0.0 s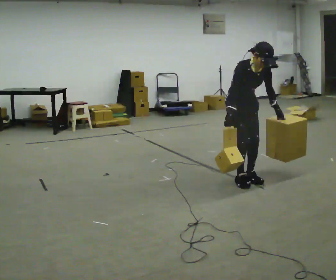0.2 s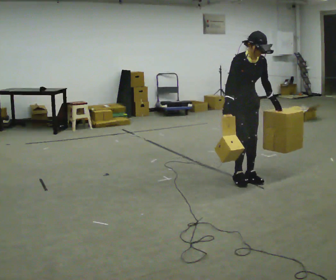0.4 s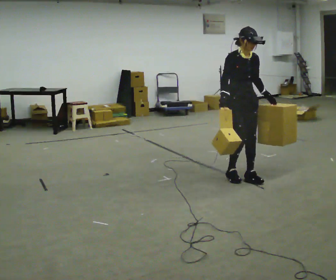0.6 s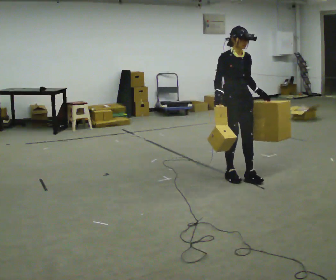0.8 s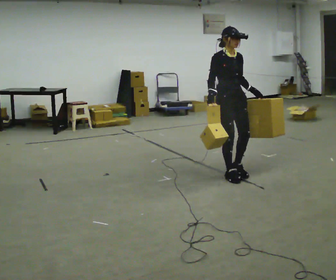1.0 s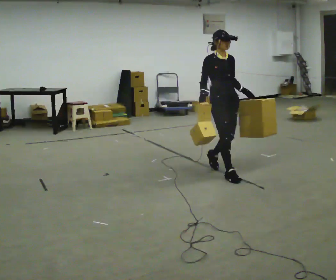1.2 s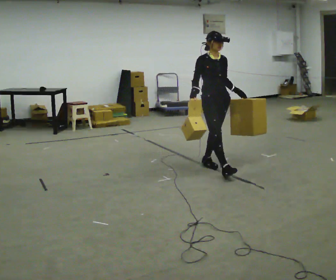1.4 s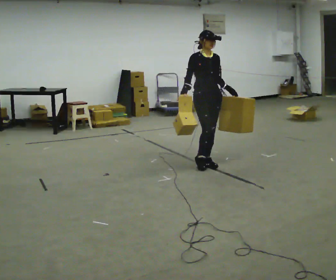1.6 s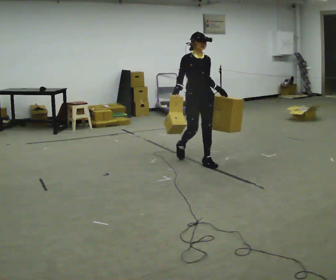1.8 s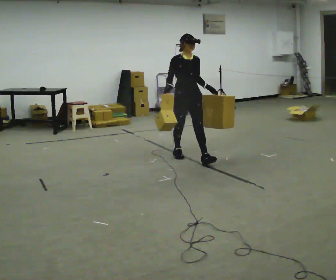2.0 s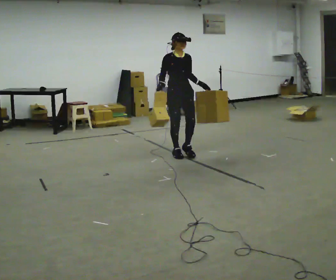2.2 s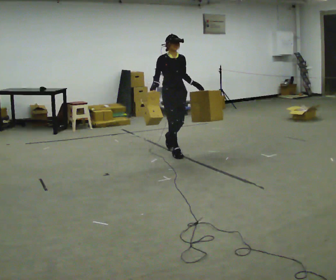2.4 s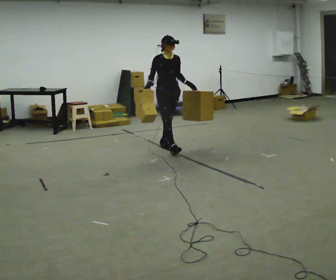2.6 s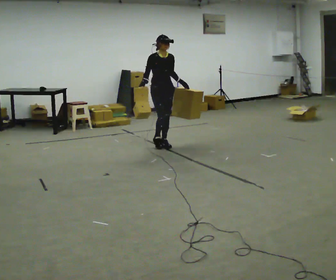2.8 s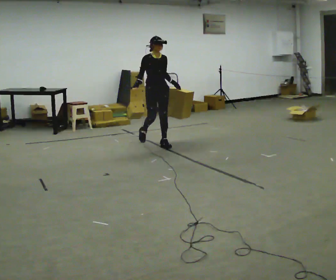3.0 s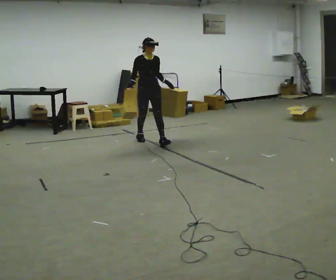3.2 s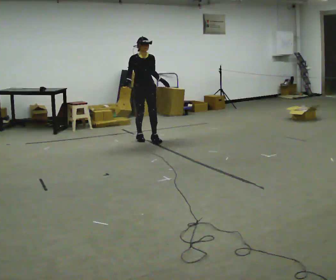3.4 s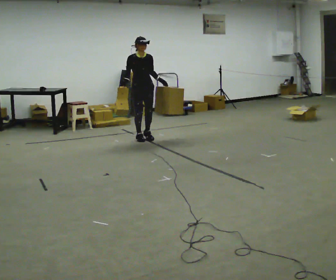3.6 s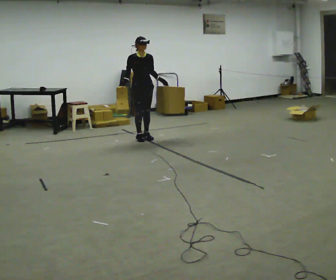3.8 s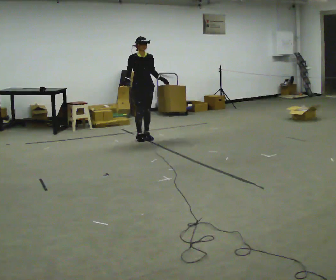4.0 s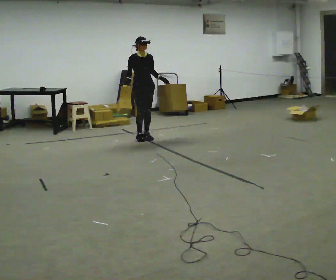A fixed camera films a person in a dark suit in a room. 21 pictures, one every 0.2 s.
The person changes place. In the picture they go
away from the camera.
0.0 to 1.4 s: In the picture they go away from the camera and to the left, about 0.5 m in 3 steps, which for them is backward. The upper body tips away from the camera, its near side rolling upward, as they lean back or straighten.
1.4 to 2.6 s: In the picture they go away from the camera and to the left, about 1 m in 2 steps, which for them is backward.
2.6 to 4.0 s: In the picture they go away from the camera and to the left, about 0.5 m in 1 step, which for them is backward.
The film runs backward here.
